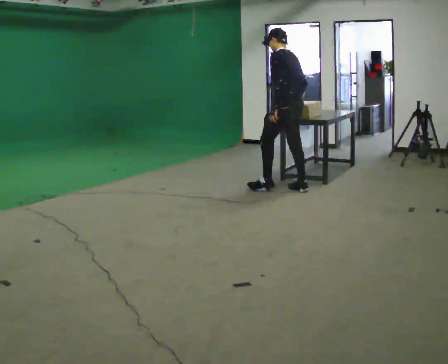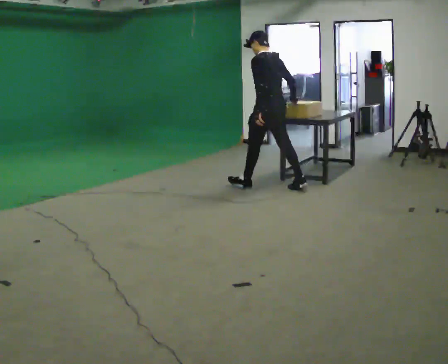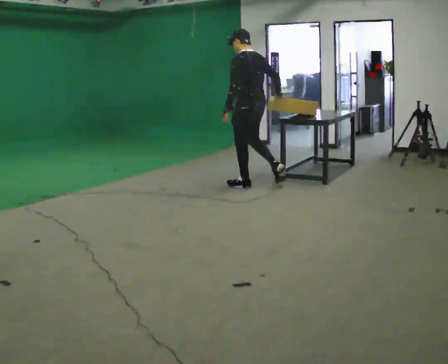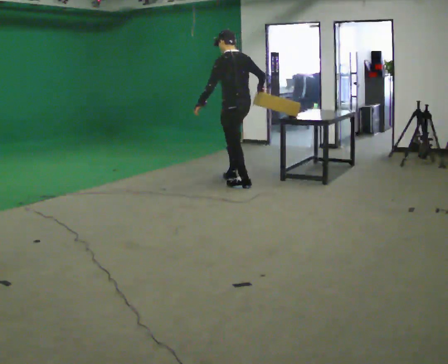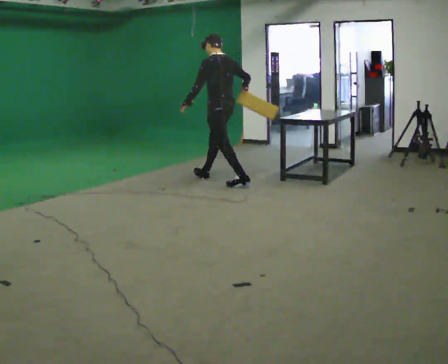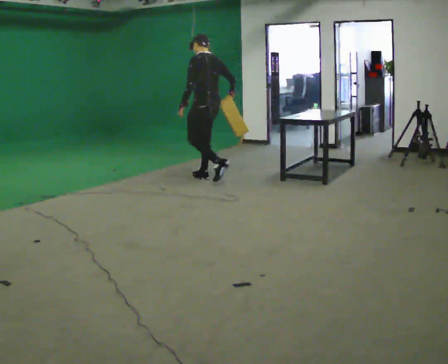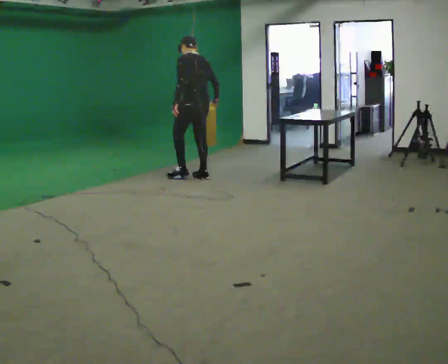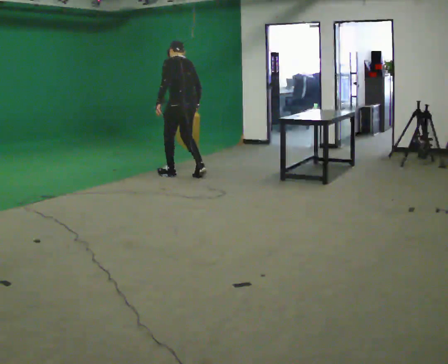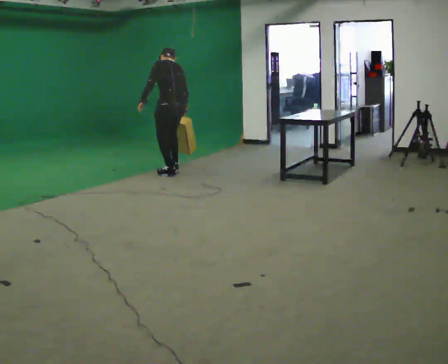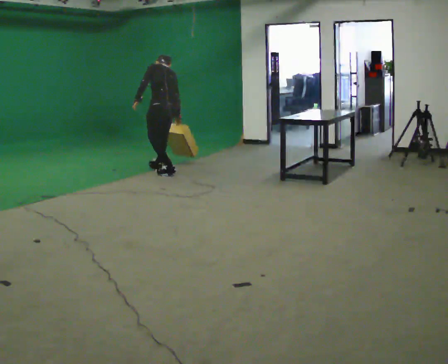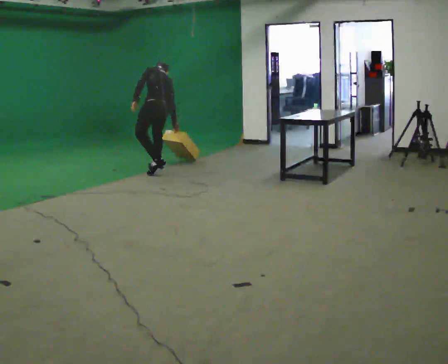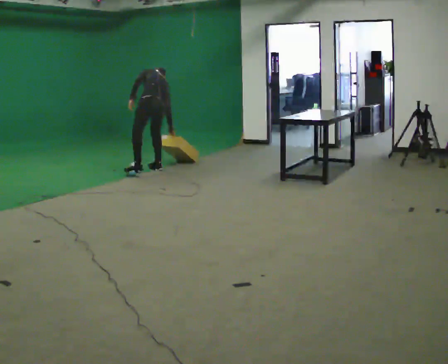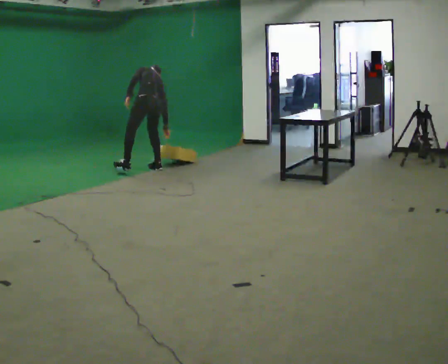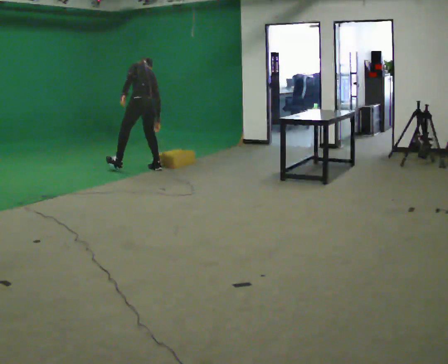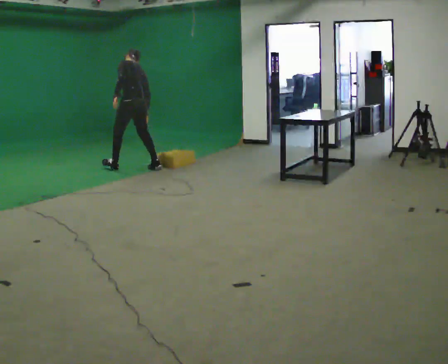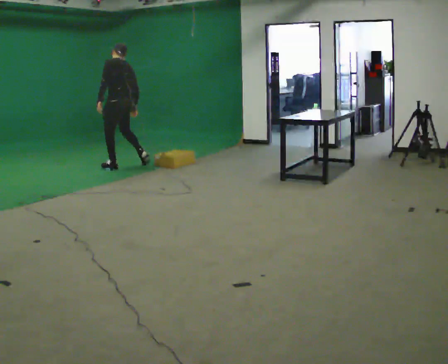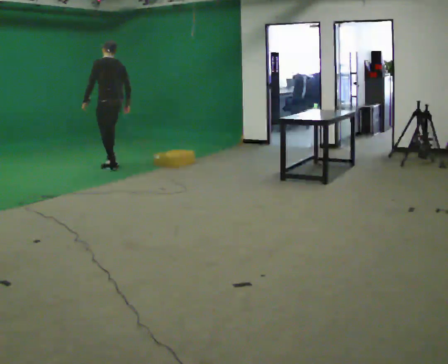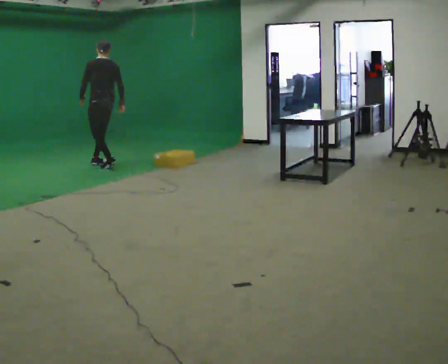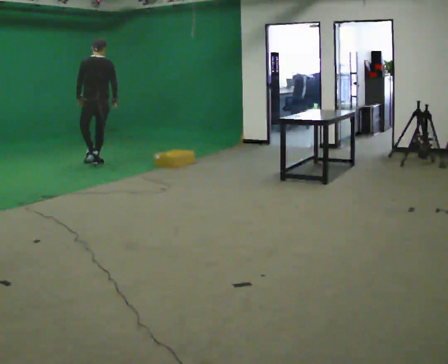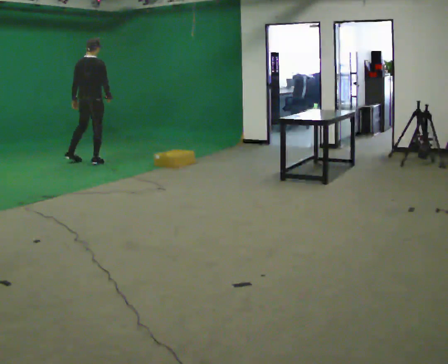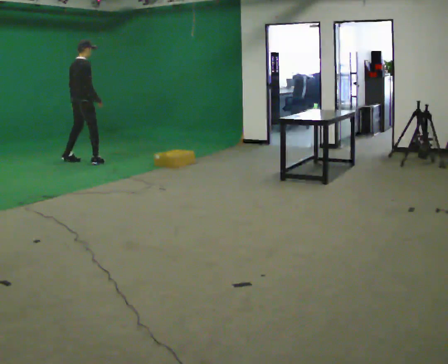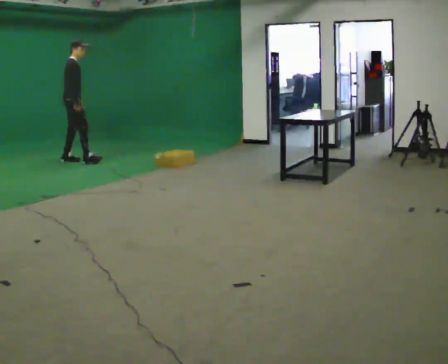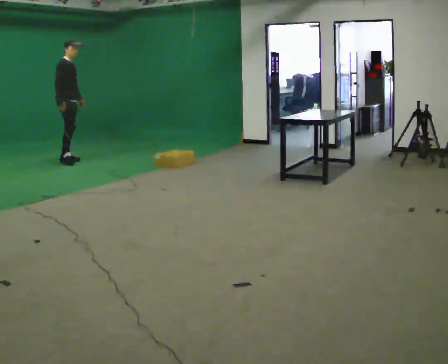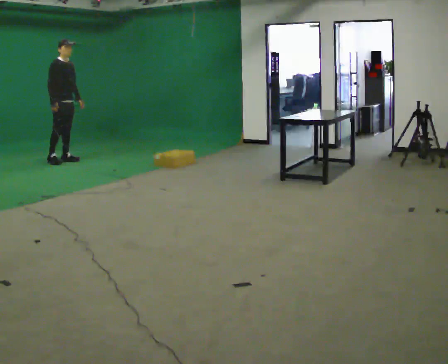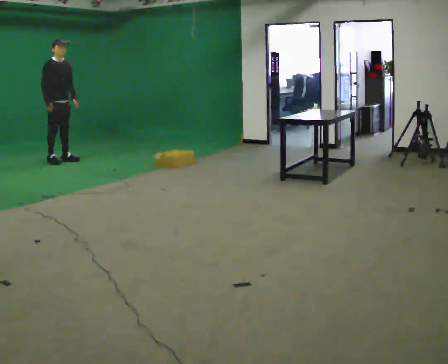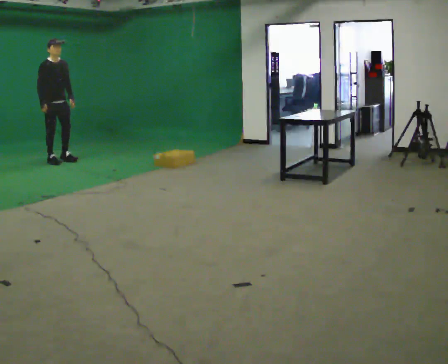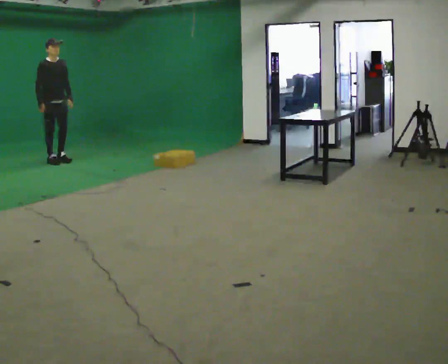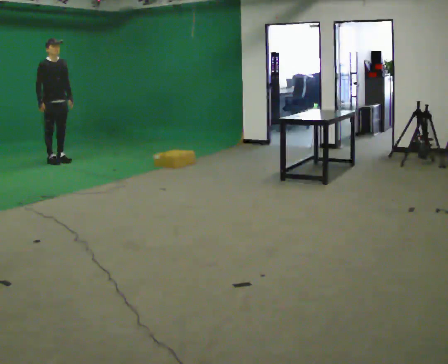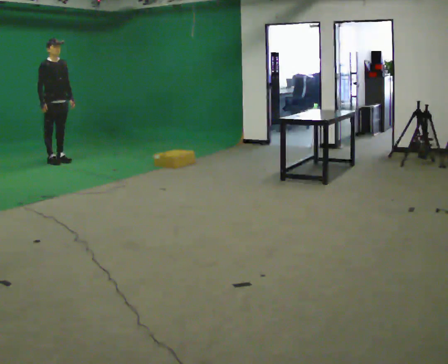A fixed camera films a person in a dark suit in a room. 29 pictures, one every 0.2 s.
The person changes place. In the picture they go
to the left.
0.0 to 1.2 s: In the picture they go to the left and away from the camera, about 1 m in 2 steps, which for them is forward.
1.2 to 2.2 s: In the picture they go to the left and away from the camera, about 0.5 m in 2 steps, which for them is forward. The shoulders move downward. The upper body tips away from the camera, its near side rolling upward, as they bend forward.
2.2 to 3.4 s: In the picture they go to the left and away from the camera, about 1 m in 2 steps, which for them is forward. The shoulders move upward. The upper body tips toward the camera, its near side rolling downward, as they lean back or straighten.
3.4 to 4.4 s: Seen from above the body turns clockwise, about 135 degrees: to their right, with its near side sliding to the left. In the picture they go to the left and away from the camera, about 0.75 m in 1 step.
4.4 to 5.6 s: The person turns about 30 degrees to their right, clockwise seen from above, so the part of the body nearest the lens slides to the left.
The film runs forward here.
